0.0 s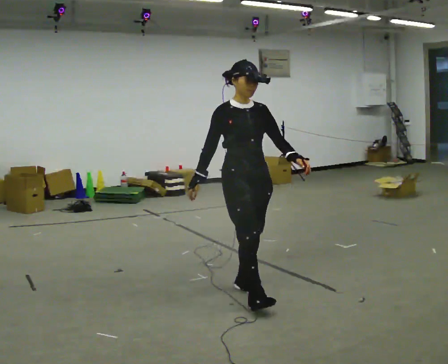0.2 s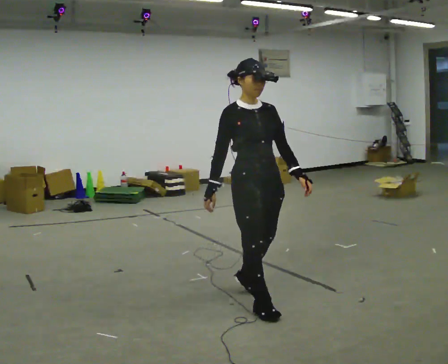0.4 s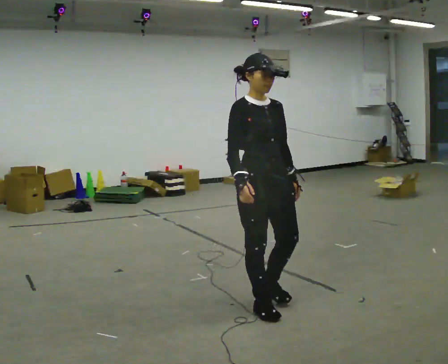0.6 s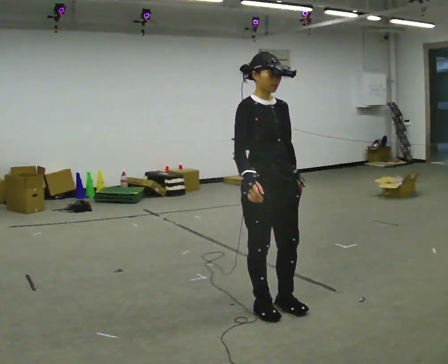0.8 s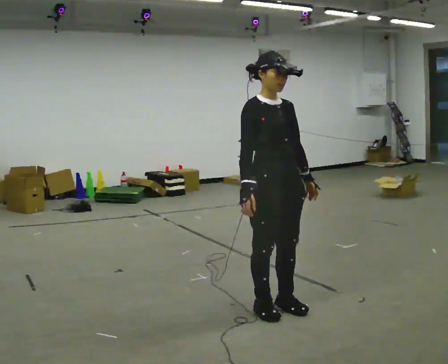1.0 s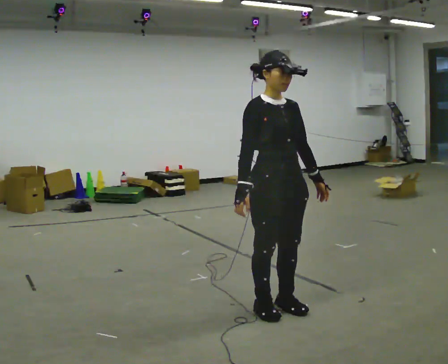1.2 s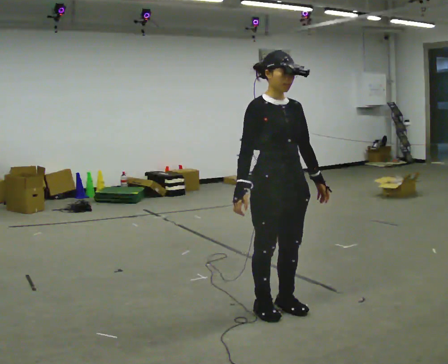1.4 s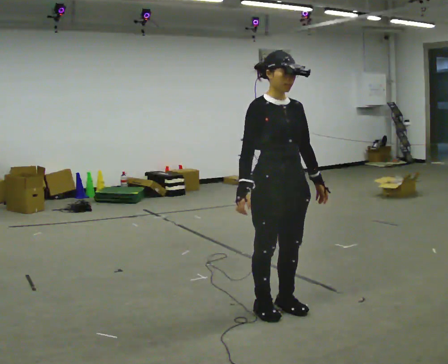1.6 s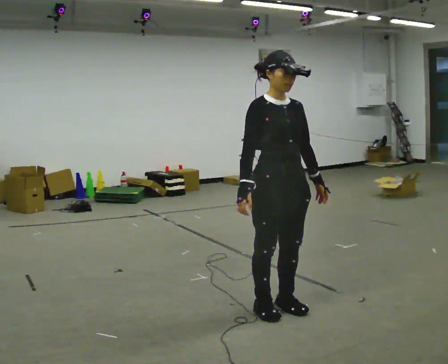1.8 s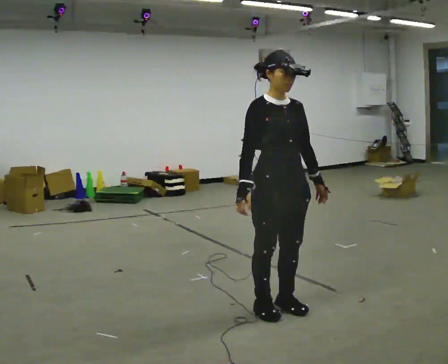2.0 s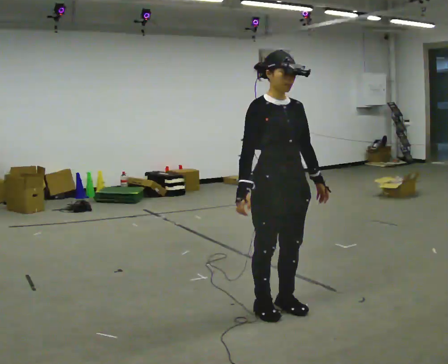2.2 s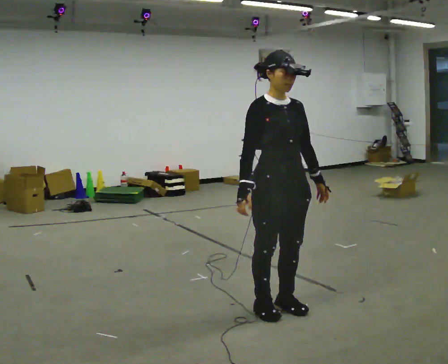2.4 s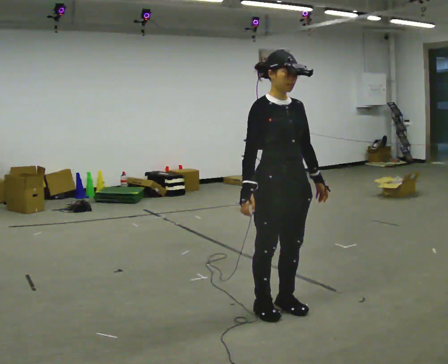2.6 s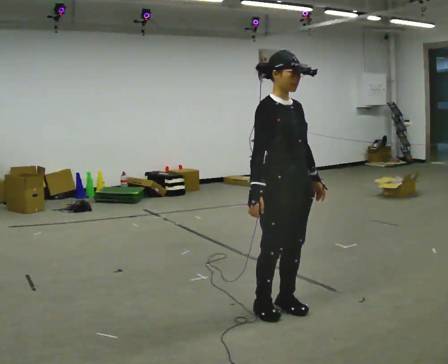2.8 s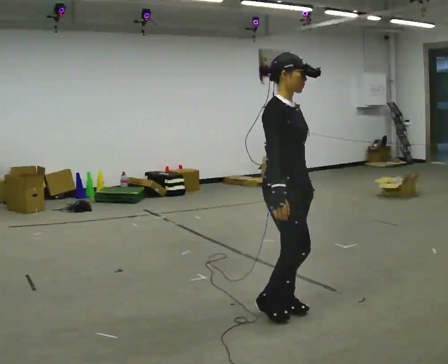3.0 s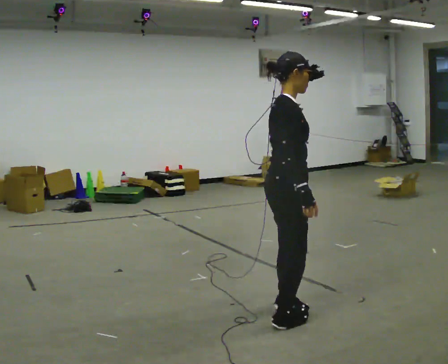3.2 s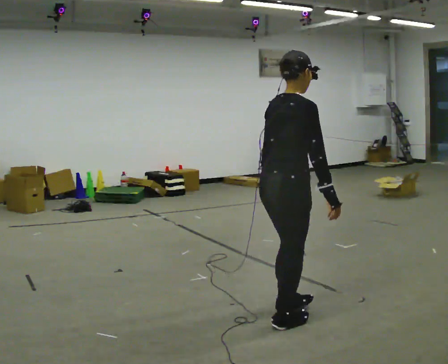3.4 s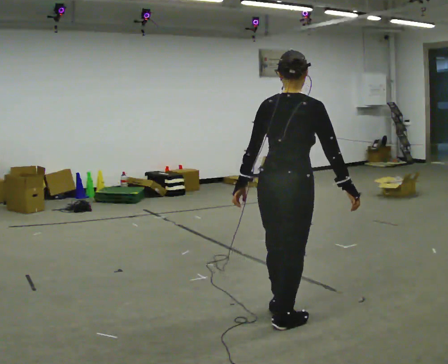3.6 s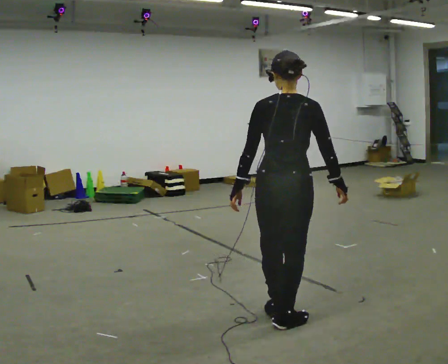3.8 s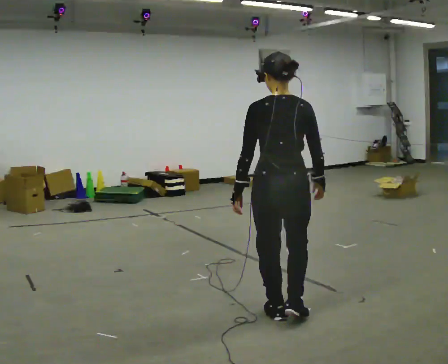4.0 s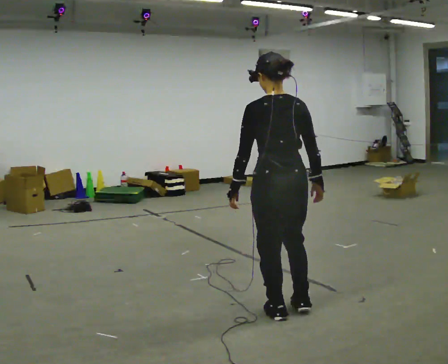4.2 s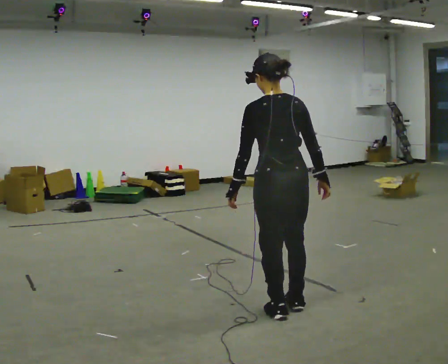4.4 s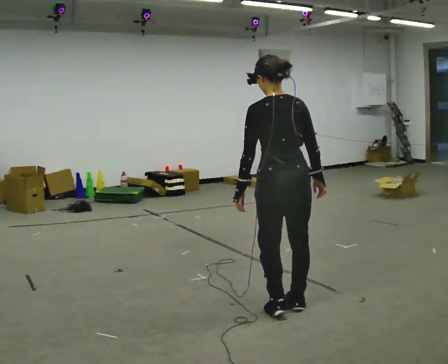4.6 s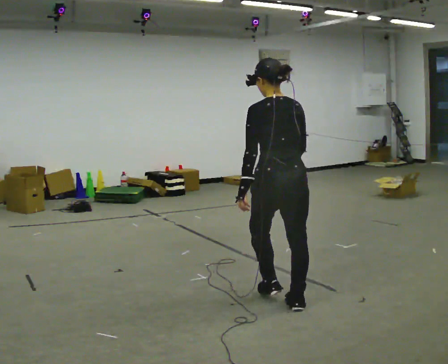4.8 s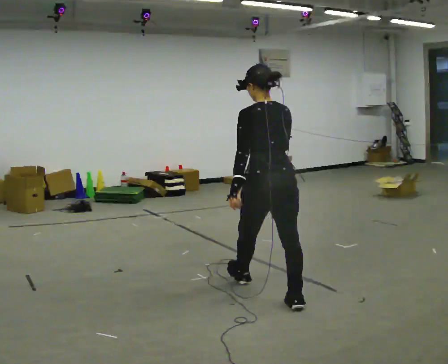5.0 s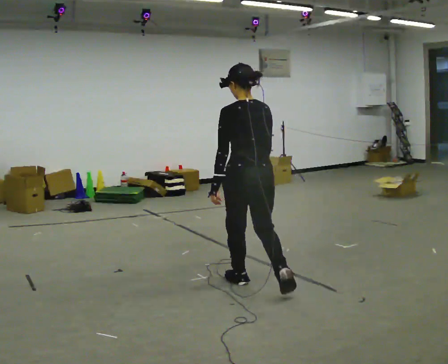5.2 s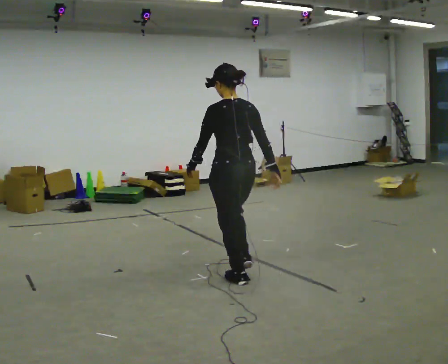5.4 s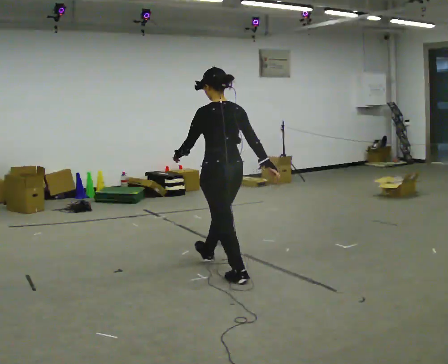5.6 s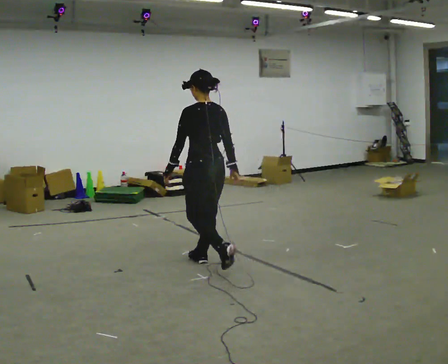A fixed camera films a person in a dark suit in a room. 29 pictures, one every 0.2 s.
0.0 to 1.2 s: In the picture they go toward the camera and to the right, about 0.25 m in 1 step, which for them is forward.
1.2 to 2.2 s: The person keeps their place and pose.
2.2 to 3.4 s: Seen from above the body turns counterclockwise, about 135 degrees: to their left, with its near side sliding to the right. In the picture they go toward the camera, about 0.25 m in 2 steps. In the picture their left hand goes to the left, the arm swinging clockwise.
3.4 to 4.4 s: The part of the body nearest the lens slides to the right as the person turns to their left by about 30 degrees. In the picture they go away from the camera, about 0.25 m in 1 step, which for them is forward.
4.4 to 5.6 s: In the picture they go away from the camera and to the left, about 1 m in 2 steps, which for them is forward.
The film runs forward here.
